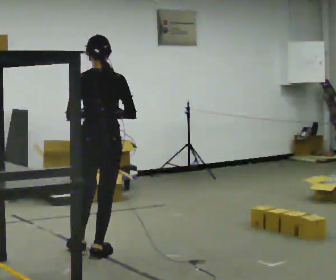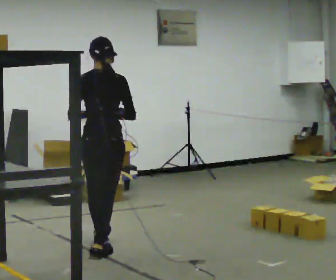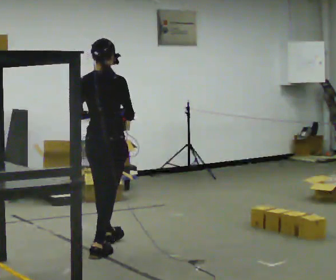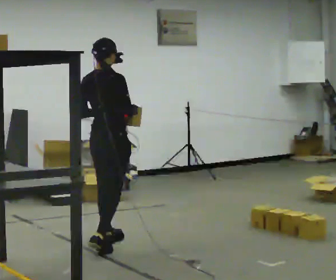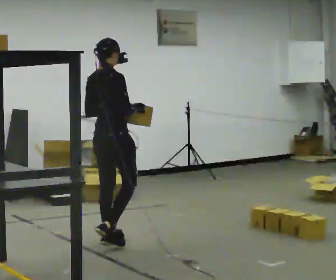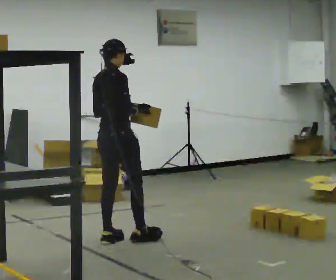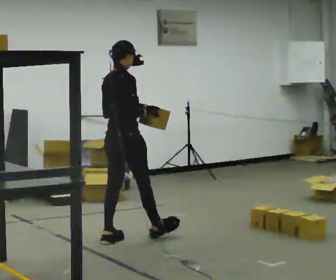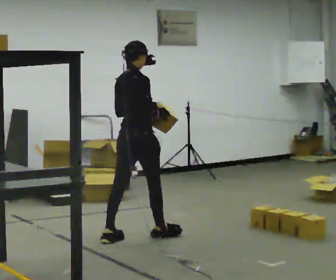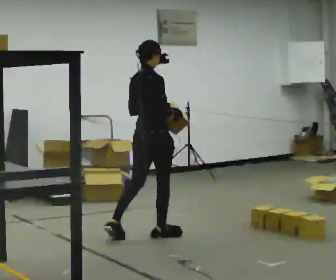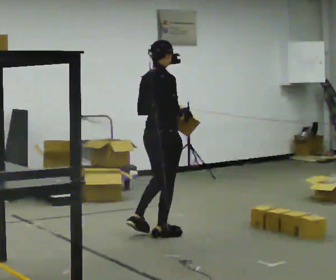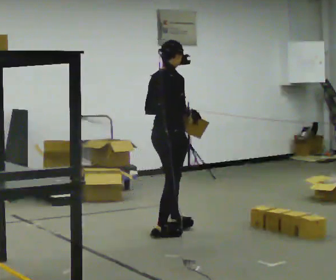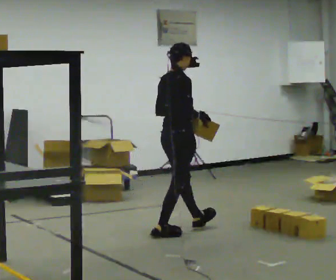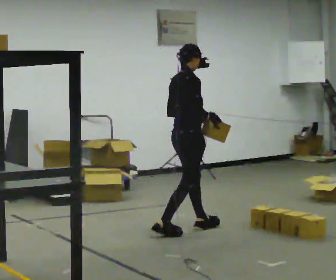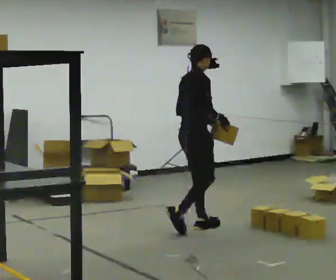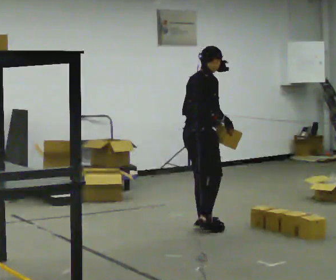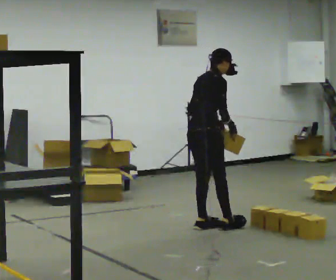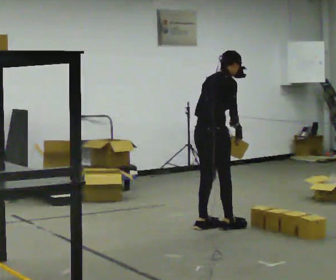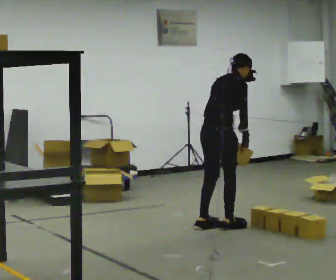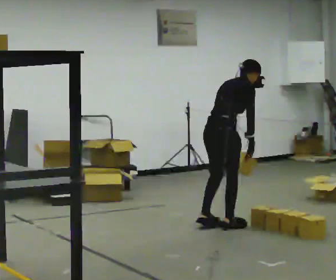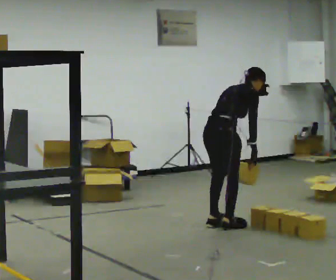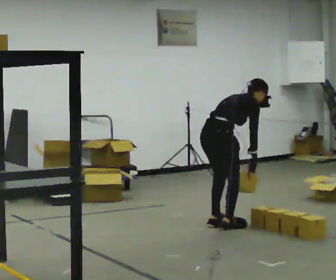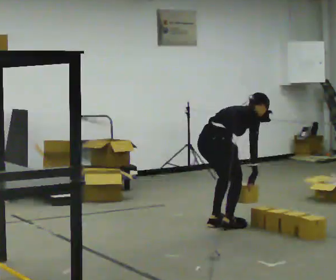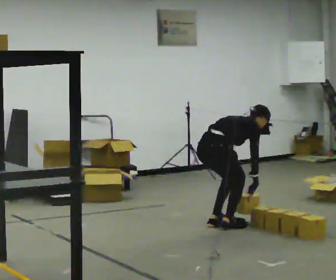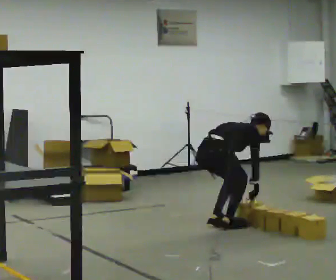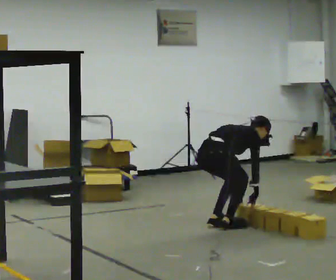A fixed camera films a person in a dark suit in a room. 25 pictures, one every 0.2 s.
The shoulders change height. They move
downward.
The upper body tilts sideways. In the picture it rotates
clockwise.
0.0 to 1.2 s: The part of the body nearest the lens slides to the left as the person turns to their right by about 45 degrees. In the picture they go away from the camera, about 0.5 m in 2 steps, which for them is forward and to their left.
1.2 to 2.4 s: In the picture they go to the right and away from the camera, about 0.5 m in 1 step, which for them is forward.
2.4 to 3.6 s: In the picture they go to the right, about 0.25 m in 1 step, which for them is forward. In the picture the upper body tilts clockwise, shoulders to the right, as they bend forward.
3.6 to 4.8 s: The upper body goes downward. In the picture the upper body tilts clockwise, shoulders to the right, as they bend forward. In the picture their left hand goes downward.
The film runs forward here.
